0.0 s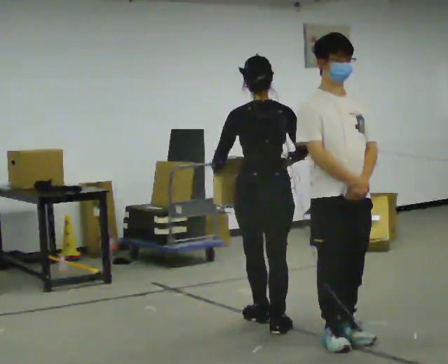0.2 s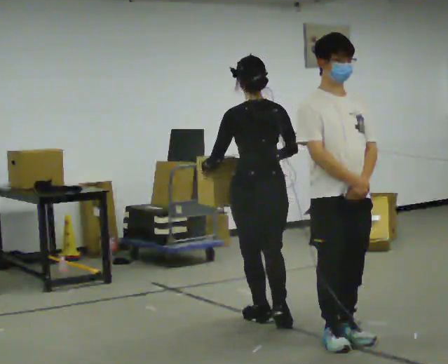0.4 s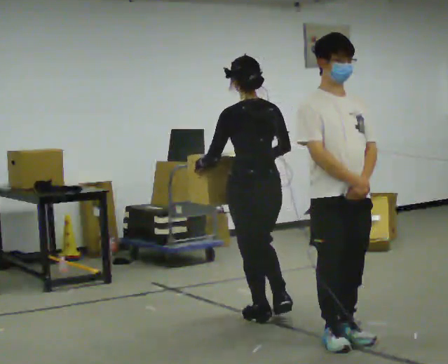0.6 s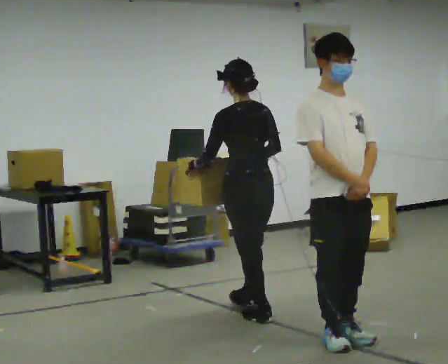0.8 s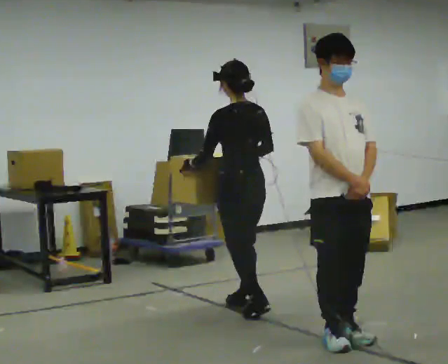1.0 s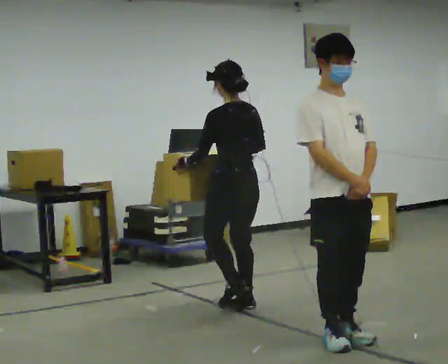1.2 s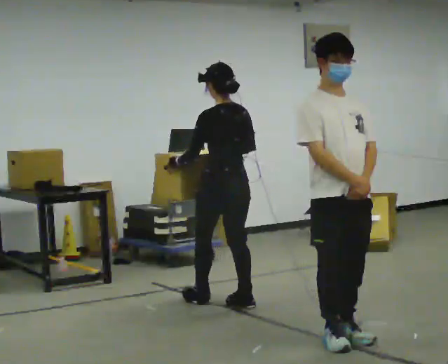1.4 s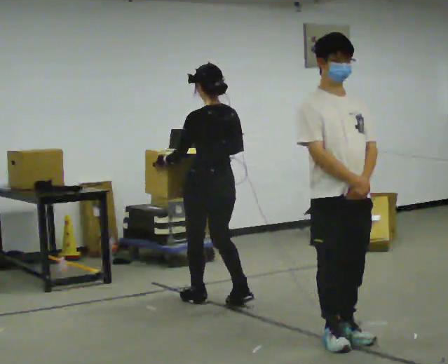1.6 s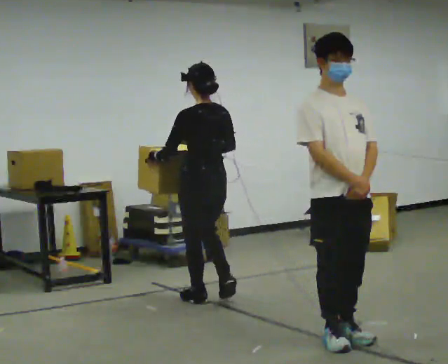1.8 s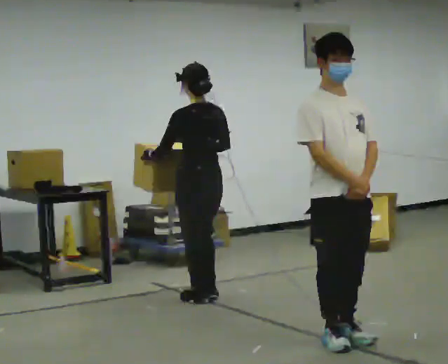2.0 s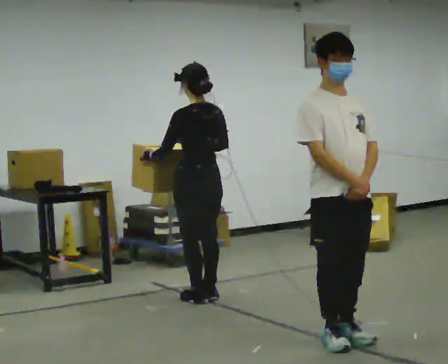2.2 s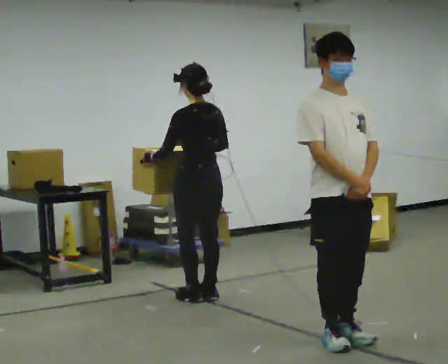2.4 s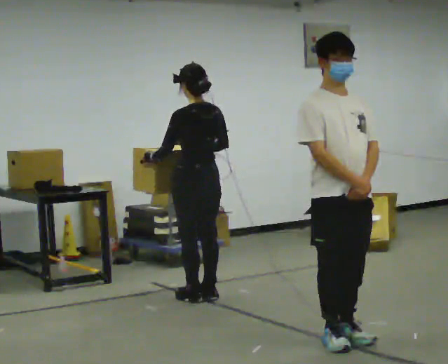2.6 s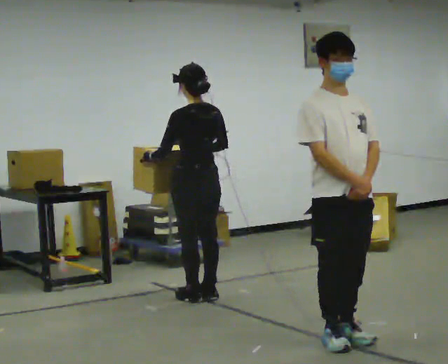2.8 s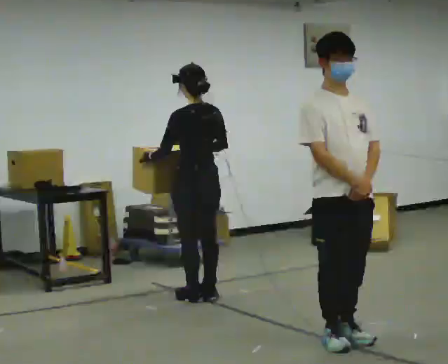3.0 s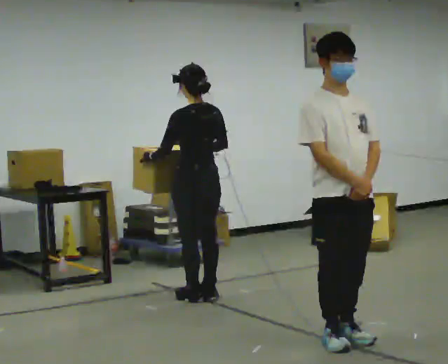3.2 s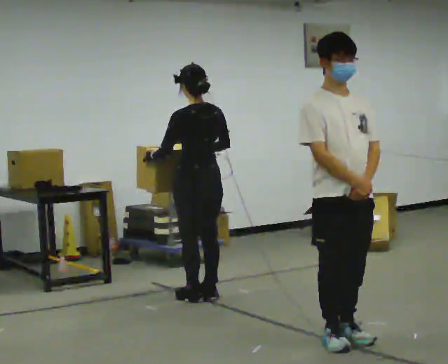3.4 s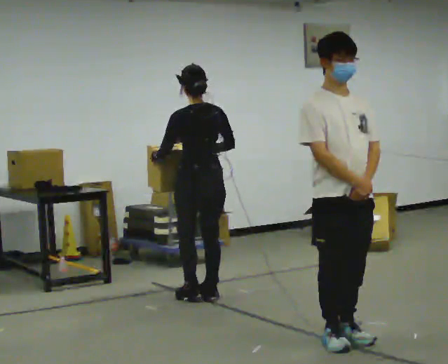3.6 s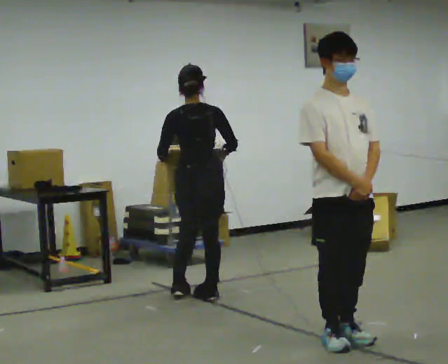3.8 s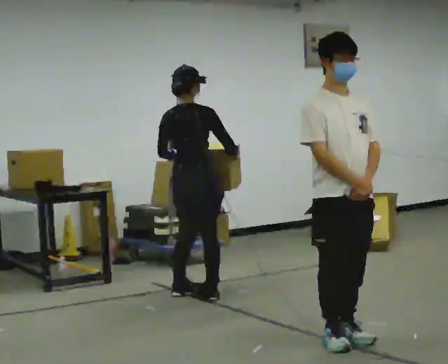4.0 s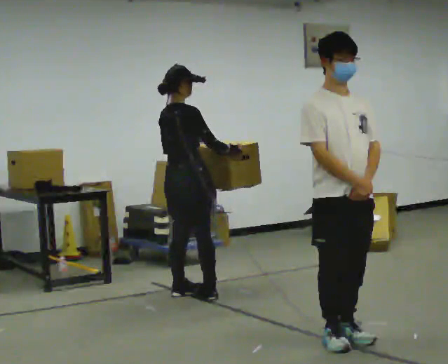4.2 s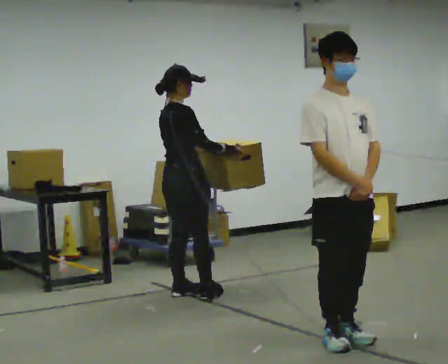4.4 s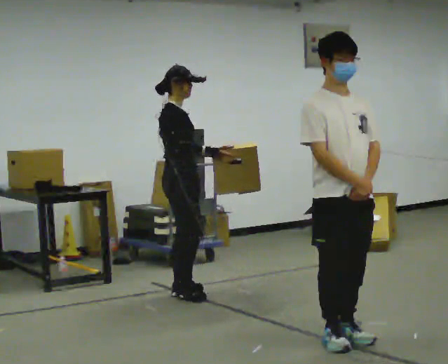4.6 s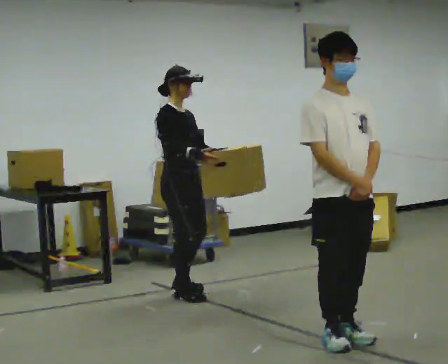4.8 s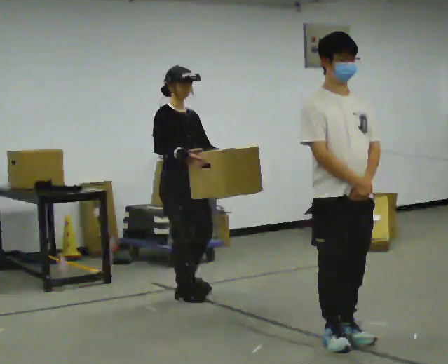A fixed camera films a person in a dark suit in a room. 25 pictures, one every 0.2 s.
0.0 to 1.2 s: The person turns about 30 degrees to their left, counterclockwise seen from above, so the part of the body nearest the lens slides to the right. In the picture they go away from the camera, about 0.75 m in 2 steps, which for them is forward.
1.2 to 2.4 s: In the picture they go away from the camera and to the left, about 0.25 m in 2 steps, which for them is forward.
2.4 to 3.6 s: The person turns about 30 degrees to their right, clockwise seen from above, so the part of the body nearest the lens slides to the left.
3.6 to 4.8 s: Seen from above the body turns clockwise, about 135 degrees: to their right, with its near side sliding to the left. In the picture their right hand goes to the left.
The film runs forward here.
